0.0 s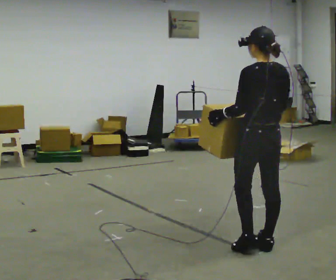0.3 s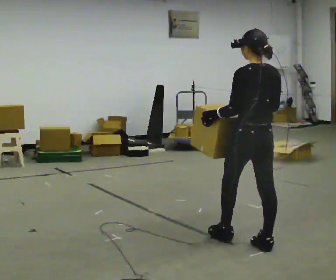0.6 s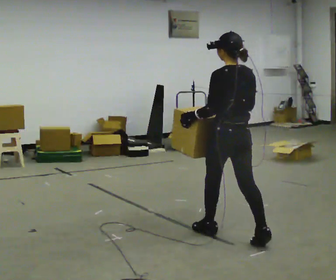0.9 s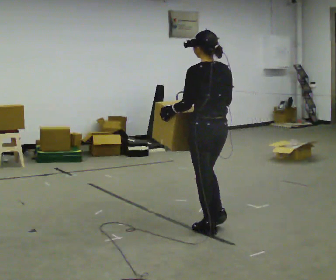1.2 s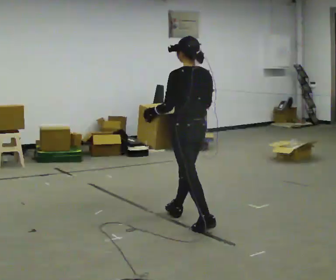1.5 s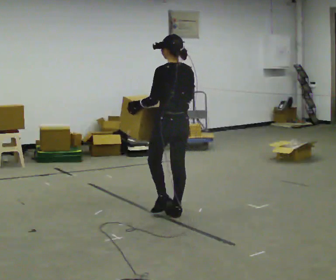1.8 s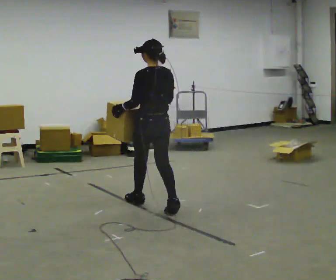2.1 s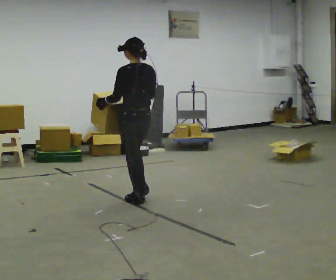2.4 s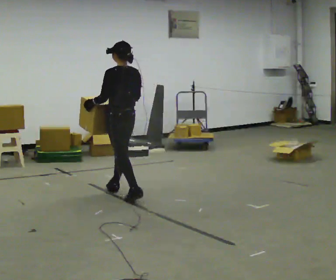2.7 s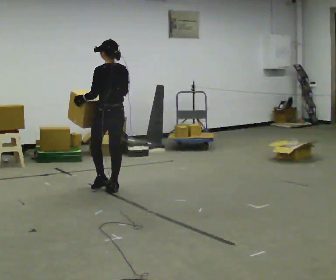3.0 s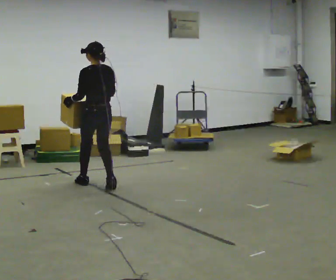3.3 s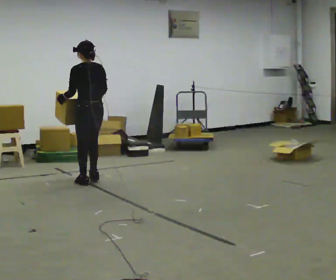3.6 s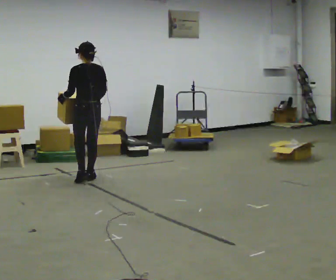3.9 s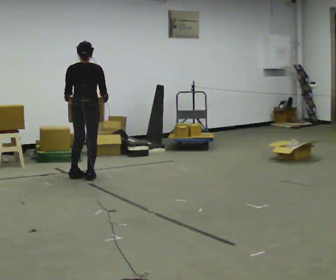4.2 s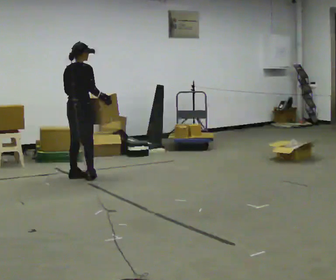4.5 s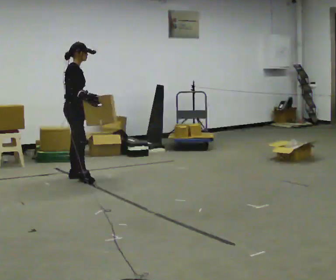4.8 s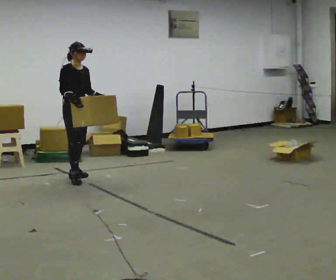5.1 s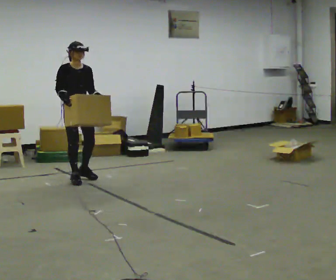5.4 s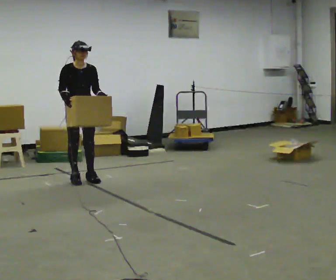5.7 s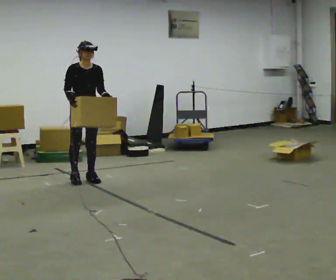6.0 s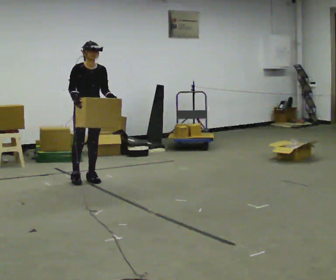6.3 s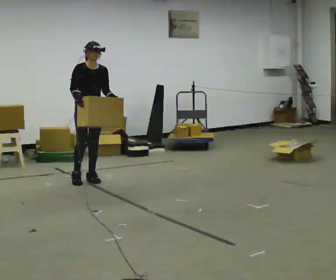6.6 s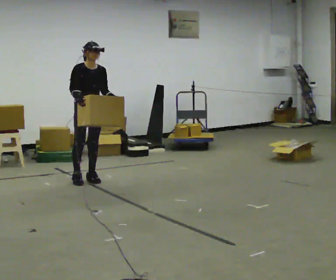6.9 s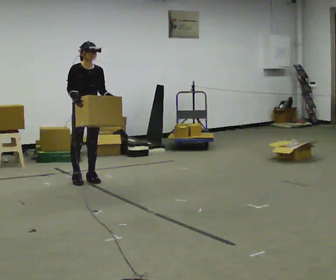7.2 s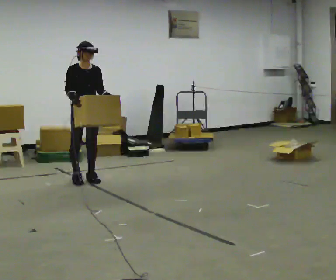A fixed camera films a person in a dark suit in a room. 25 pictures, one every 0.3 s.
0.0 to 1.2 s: In the picture they go away from the camera and to the left, about 1 m in 2 steps, which for them is forward.
1.2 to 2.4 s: In the picture they go away from the camera and to the left, about 1 m in 2 steps, which for them is forward.
2.4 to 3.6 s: In the picture they go away from the camera and to the left, about 0.5 m in 2 steps, which for them is forward.
3.6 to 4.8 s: Seen from above the body turns clockwise, about 150 degrees: to their right, with its near side sliding to the left. In the picture they go to the left, about 0.25 m in 1 step.
4.8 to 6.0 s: The person turns about 30 degrees to their right, clockwise seen from above, so the part of the body nearest the lens slides to the left. In the picture they go to the right, about 0.25 m in 1 step, which for them is to their left.
6.0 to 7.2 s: The person moves a little, or ends about where they began.
The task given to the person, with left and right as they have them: Carry the box in both hands and walk back and forth across the room. The contents may move around. Carry on as best you can.
The film runs forward here.
